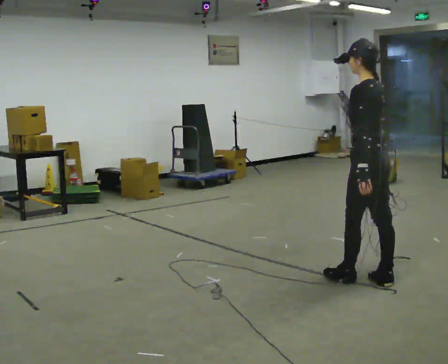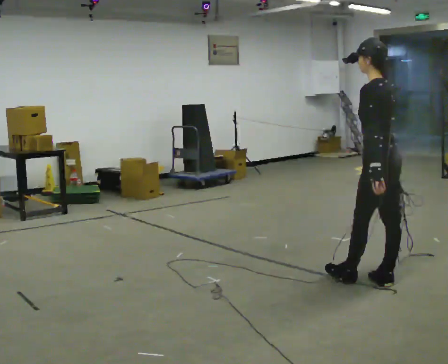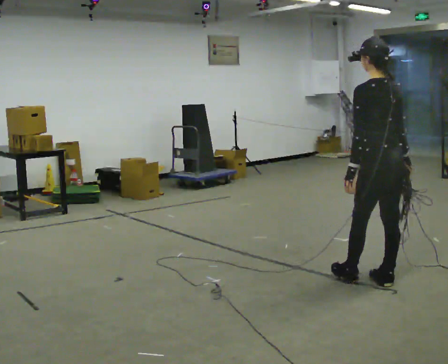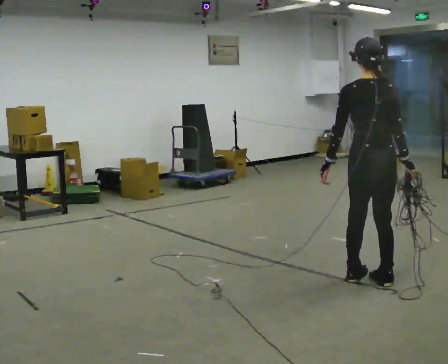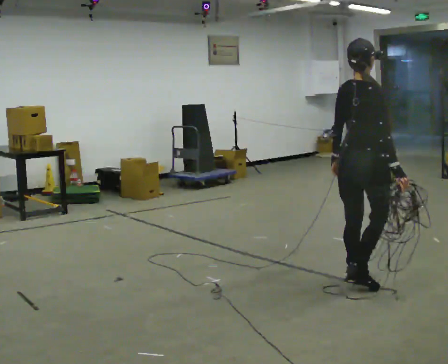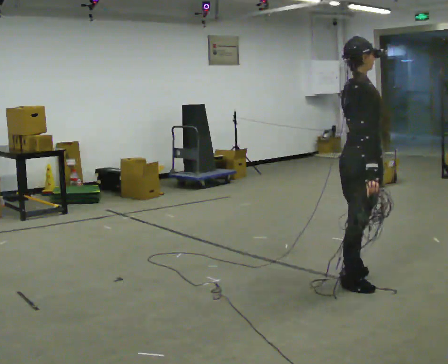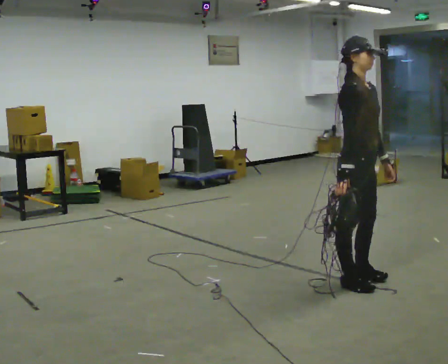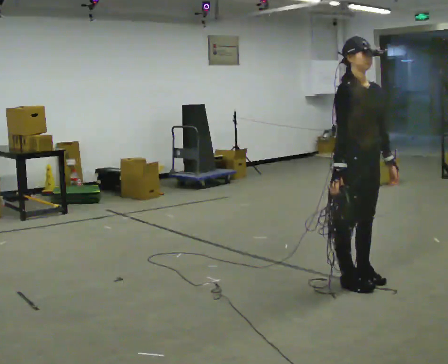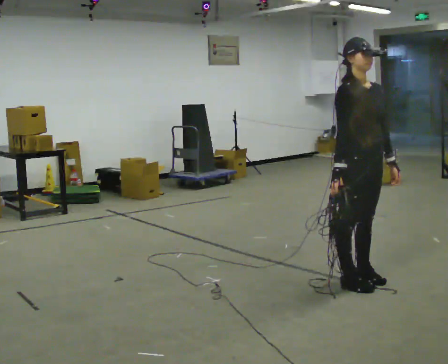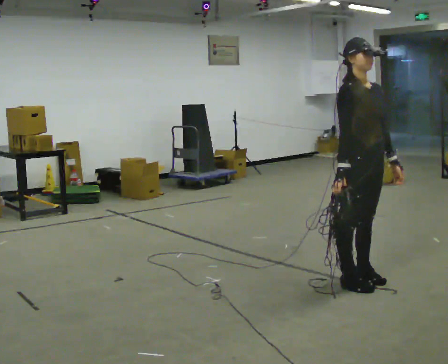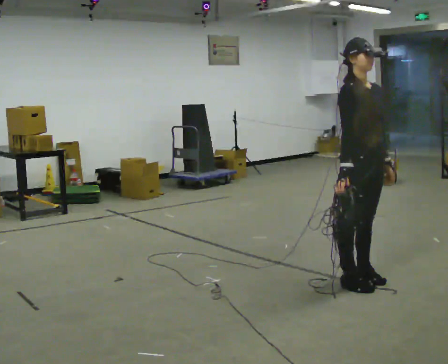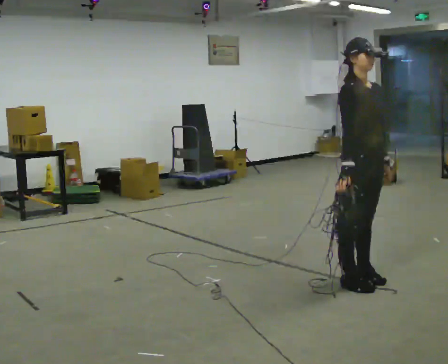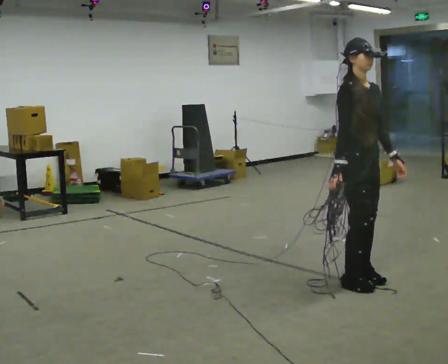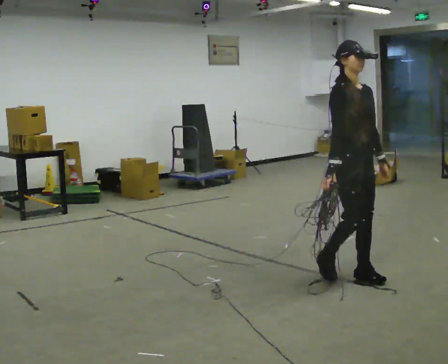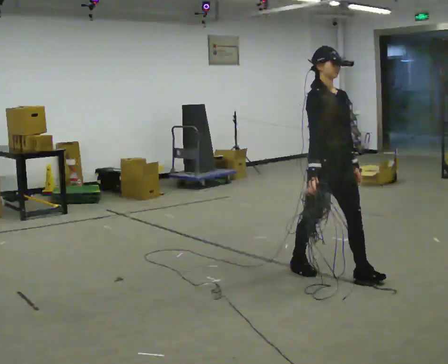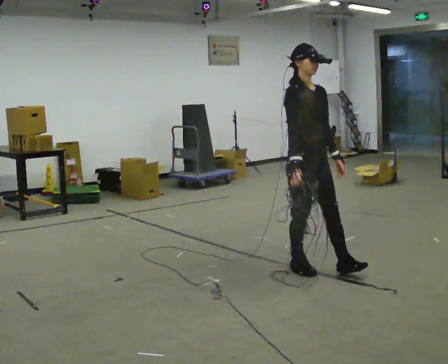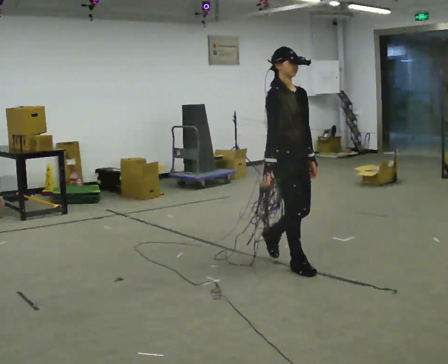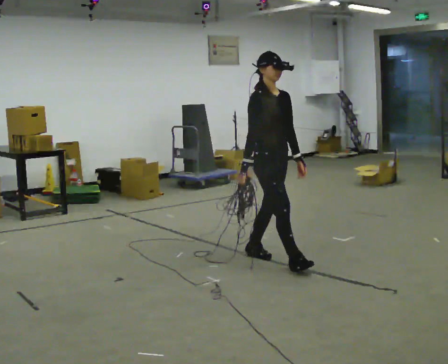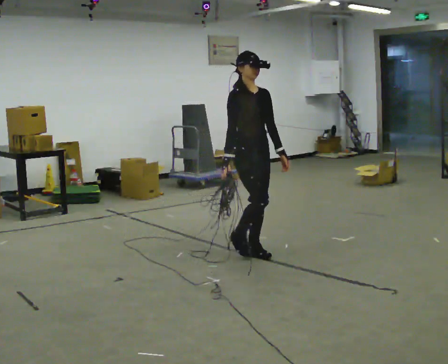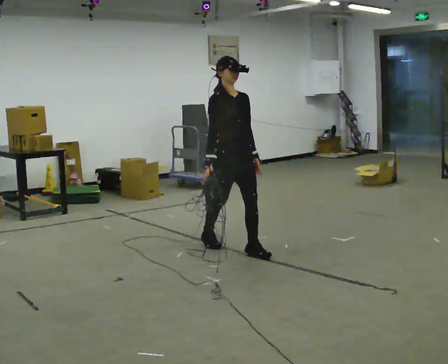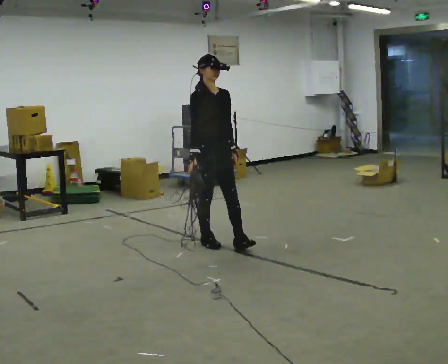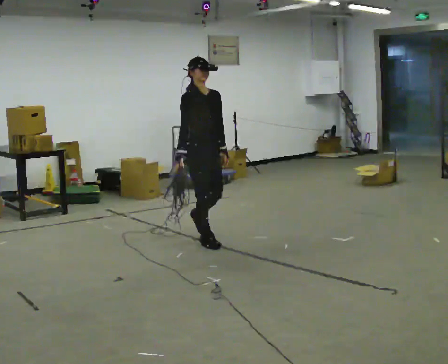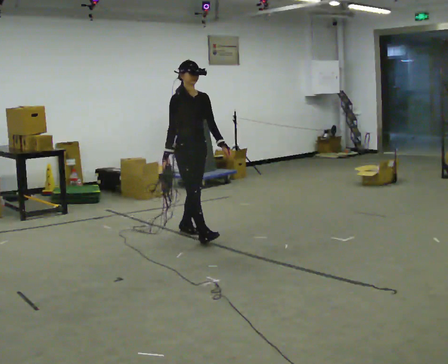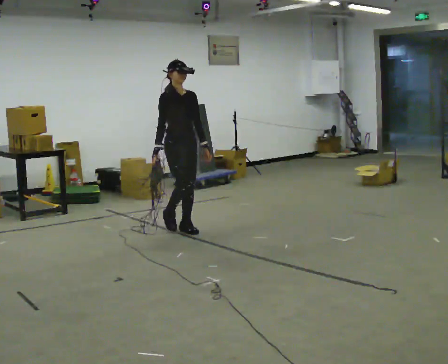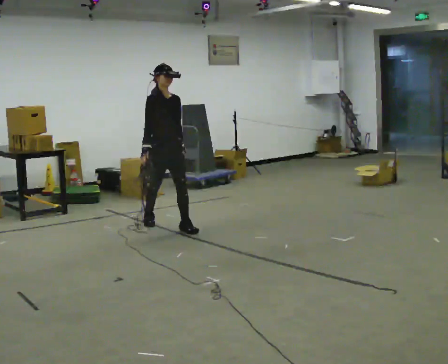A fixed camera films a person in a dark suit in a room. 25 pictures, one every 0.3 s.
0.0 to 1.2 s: The person turns about 90 degrees to their right, clockwise seen from above, so the part of the body nearest the lens slides to the left.
1.2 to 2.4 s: Seen from above the body turns clockwise, about 105 degrees: to their right, with its near side sliding to the left. In the picture their left hand goes to the right, the arm swinging counterclockwise.
2.4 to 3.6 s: The person moves a little, or ends about where they began.
3.6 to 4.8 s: In the picture they go to the left and away from the camera, about 0.5 m in 2 steps, which for them is backward.
4.8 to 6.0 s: In the picture they go to the left and away from the camera, about 1 m in 2 steps, which for them is backward.
6.0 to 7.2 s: In the picture they go to the left and away from the camera, about 1 m in 1 step, which for them is backward.
The film runs backward here.
